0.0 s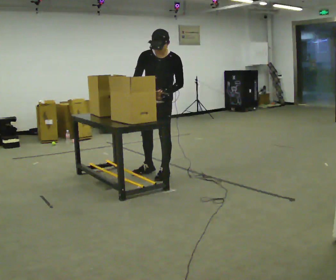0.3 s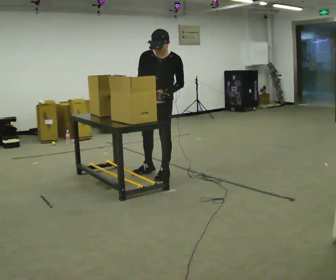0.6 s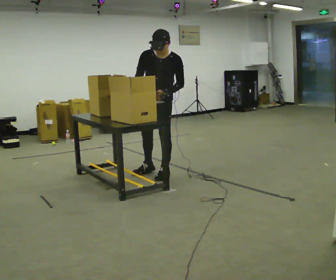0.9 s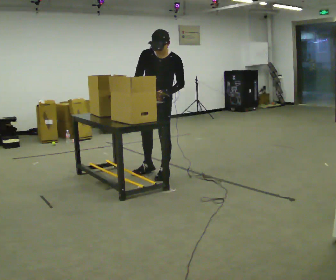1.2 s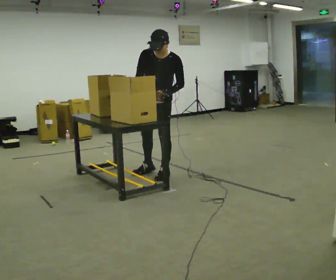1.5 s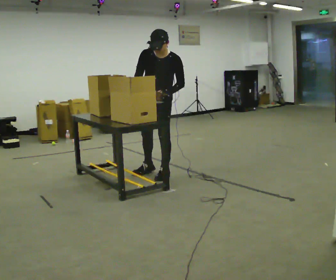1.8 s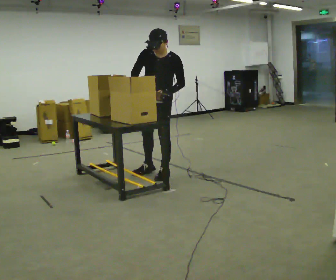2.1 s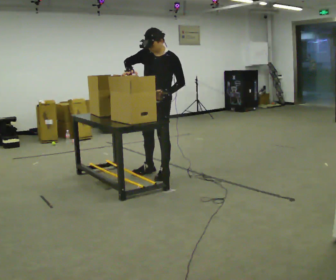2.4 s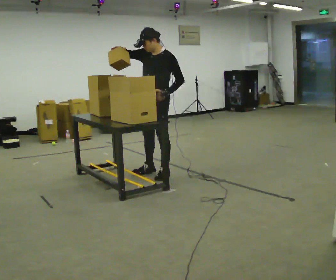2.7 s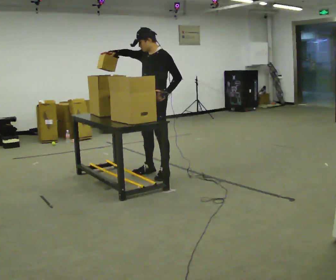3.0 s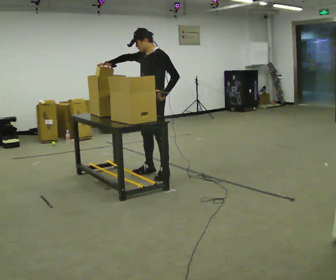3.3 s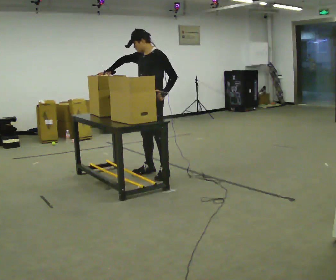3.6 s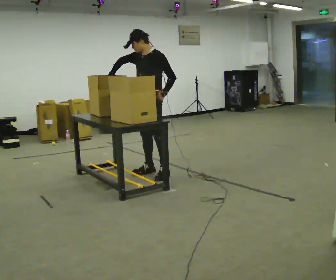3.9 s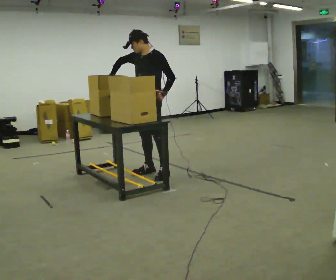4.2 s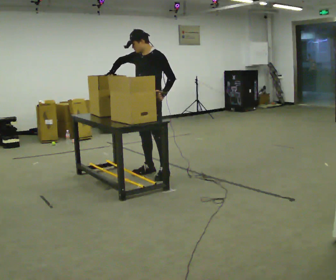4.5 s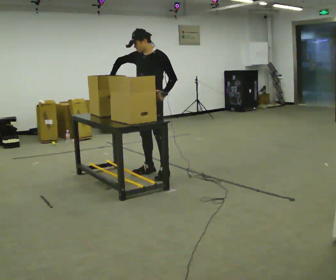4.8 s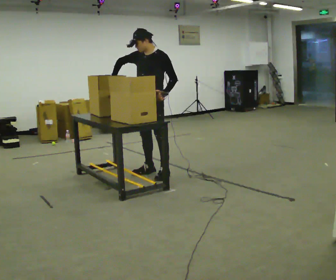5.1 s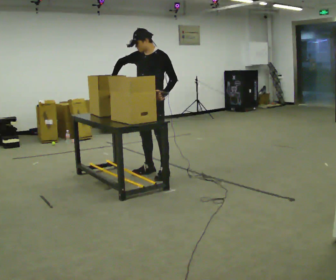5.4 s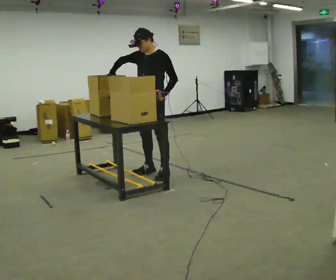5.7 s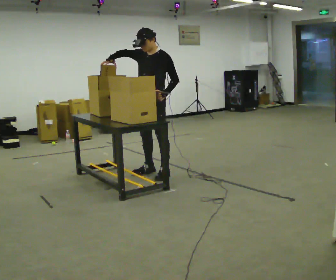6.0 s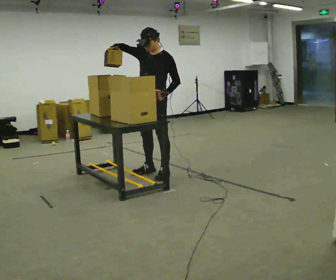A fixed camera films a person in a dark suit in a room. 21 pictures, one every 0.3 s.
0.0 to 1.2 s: The person moves a little, or ends about where they began.
1.2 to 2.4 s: Seen from above the body turns clockwise, about 30 degrees: to their right, with its near side sliding to the left. In the picture their right hand goes upward, the arm swinging clockwise.
2.4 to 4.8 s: The person moves a little, or ends about where they began.
4.8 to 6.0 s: In the picture their right hand goes upward.
The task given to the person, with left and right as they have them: Move the items from one container to the other one at a time, then move them back. Repeat at your own pace until the operator says stop. Keep both feet on the marked spots for the whole take. If you have to step, stop and tell the operator.
The film runs forward here.
